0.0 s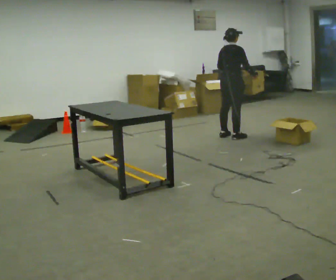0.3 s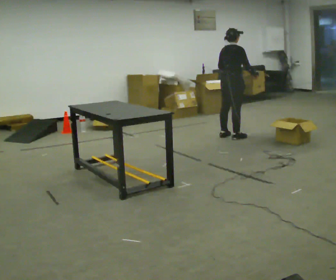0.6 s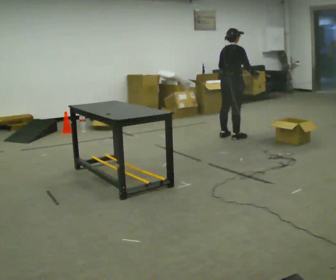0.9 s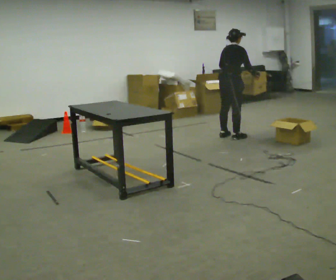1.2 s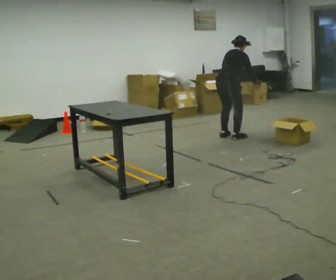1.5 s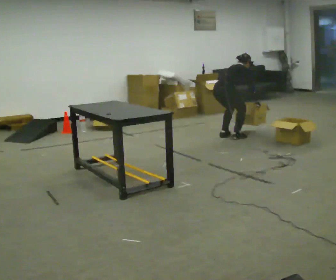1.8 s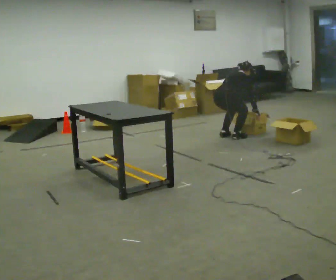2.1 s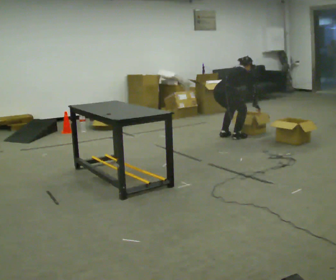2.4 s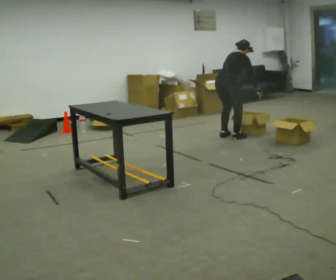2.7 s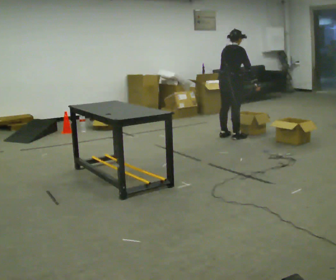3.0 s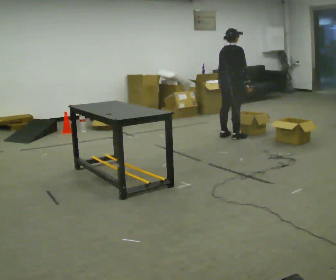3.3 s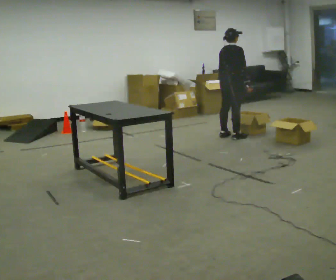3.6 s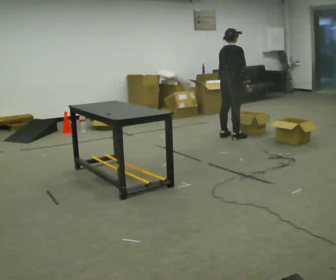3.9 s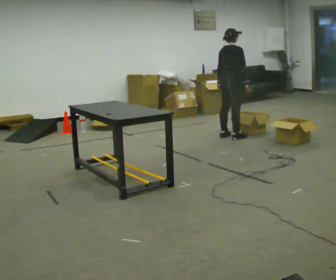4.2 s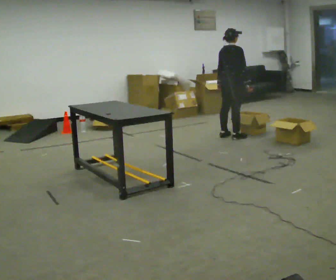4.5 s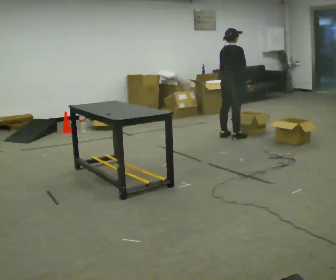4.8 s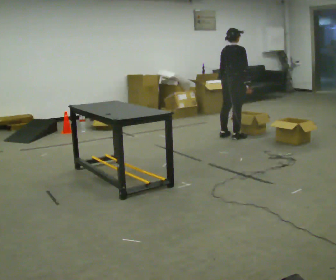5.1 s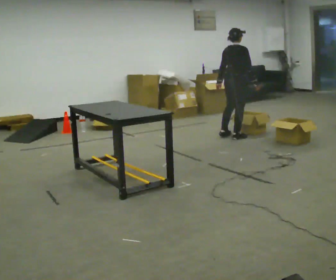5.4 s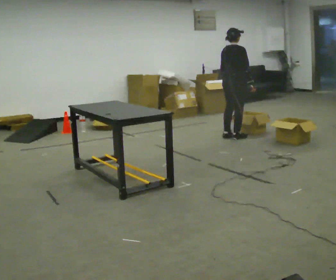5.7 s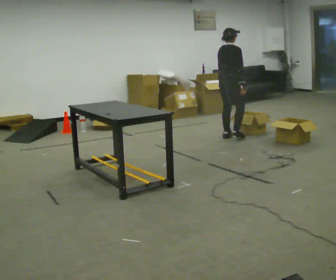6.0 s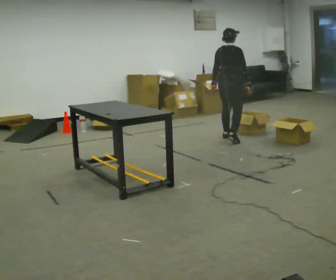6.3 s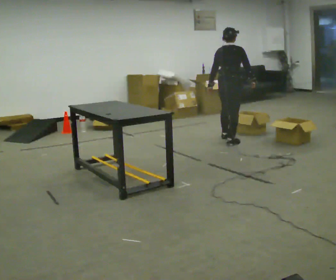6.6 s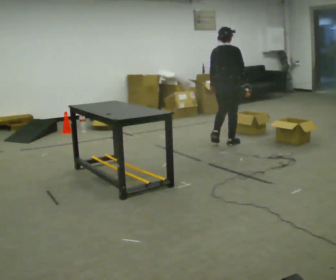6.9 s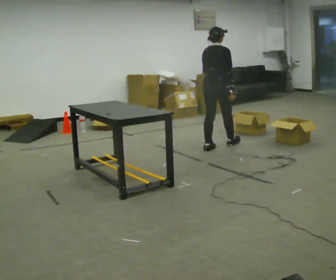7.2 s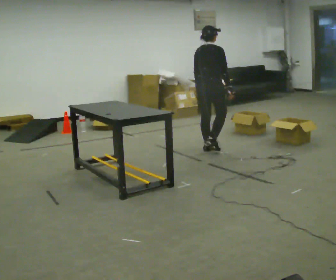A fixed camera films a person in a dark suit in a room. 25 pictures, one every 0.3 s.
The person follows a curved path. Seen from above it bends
clockwise.
0.0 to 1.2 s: The upper body tips away from the camera, its near side rolling upward, as they bend forward.
1.2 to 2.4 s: The person moves a little, or ends about where they began.
2.4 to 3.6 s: The upper body tips toward the camera, its near side rolling downward, as they lean back or straighten.
3.6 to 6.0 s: In the picture they go toward the camera, about 0.25 m in 1 step, which for them is backward.
6.0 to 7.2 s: In the picture they go toward the camera and to the left, about 0.75 m in 2 steps, which for them is backward.
The film runs backward here.
